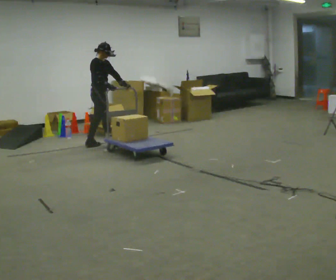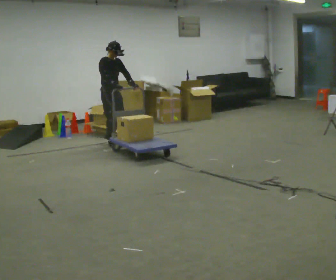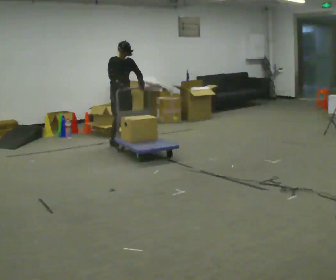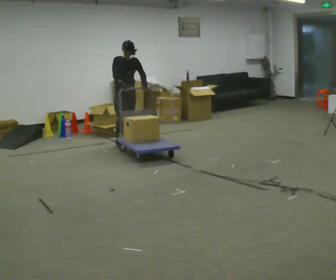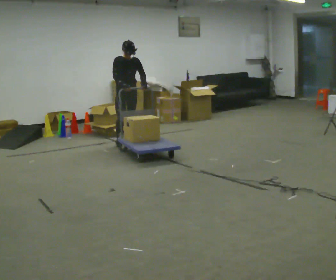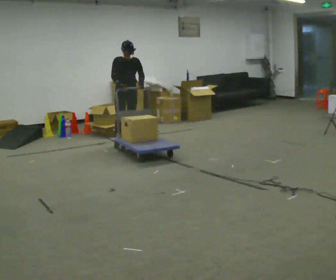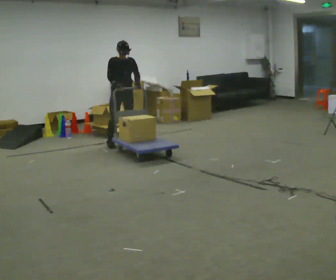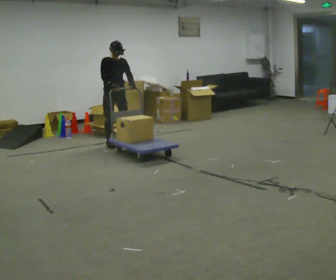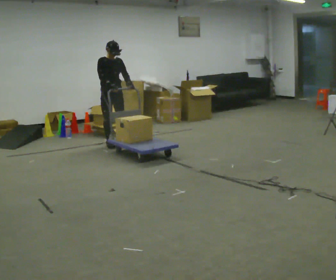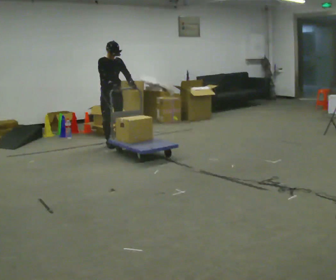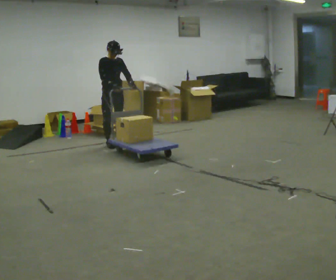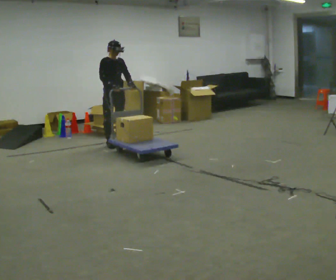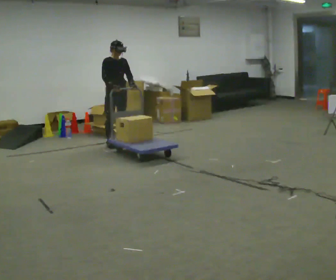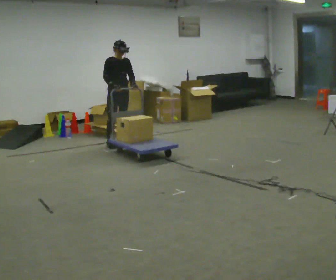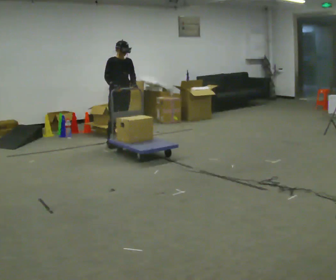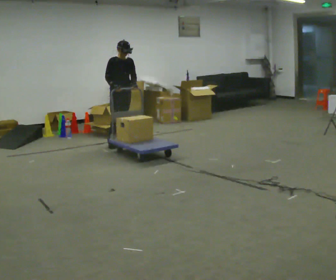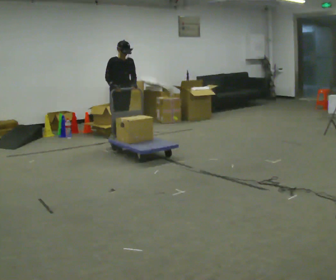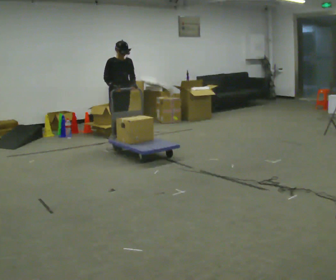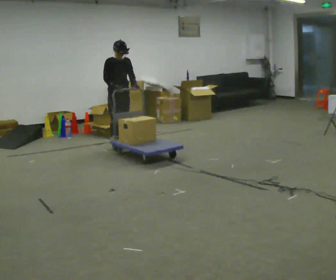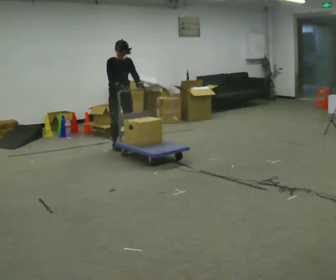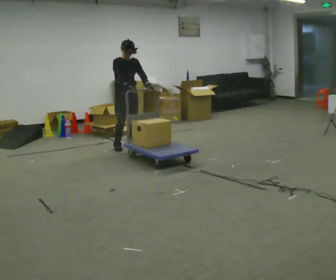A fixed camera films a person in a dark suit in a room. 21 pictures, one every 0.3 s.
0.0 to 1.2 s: Seen from above the body turns clockwise, about 60 degrees: to their right, with its near side sliding to the left. In the picture they go to the right, about 0.5 m in 1 step, which for them is to their left and forward.
1.2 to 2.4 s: In the picture they go to the left, about 0.25 m, which for them is to their right.
2.4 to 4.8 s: The person moves a little, or ends about where they began.
4.8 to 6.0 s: In the picture they go toward the camera, about 0.25 m in 2 steps, which for them is forward.
The film runs forward here.
